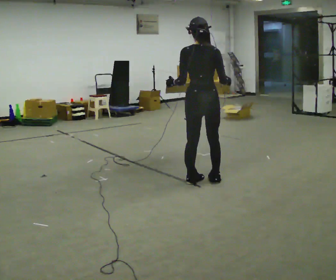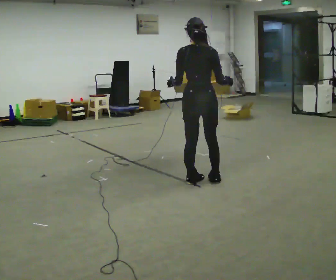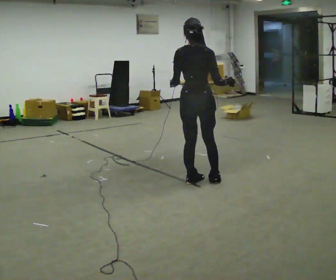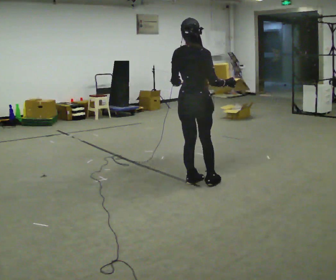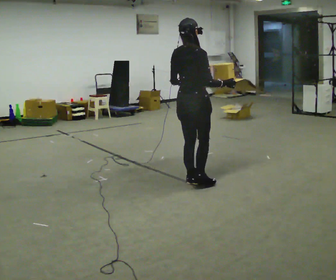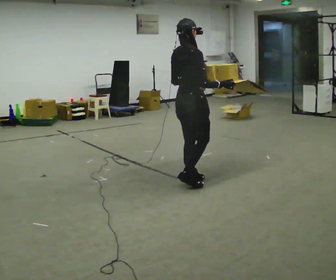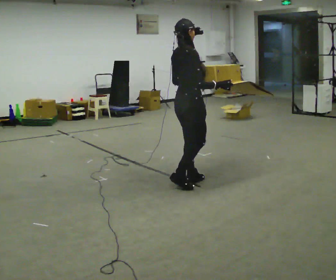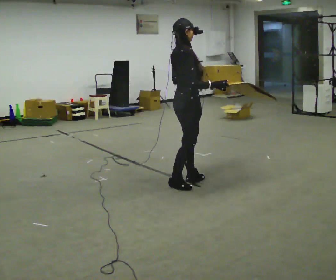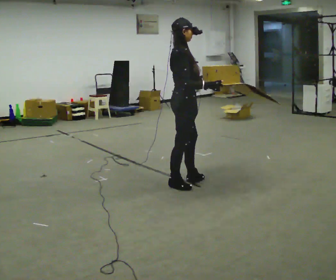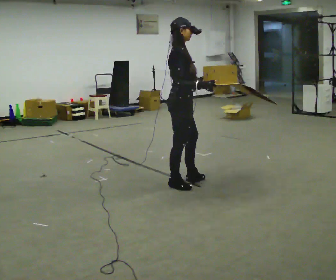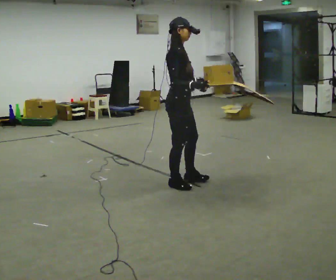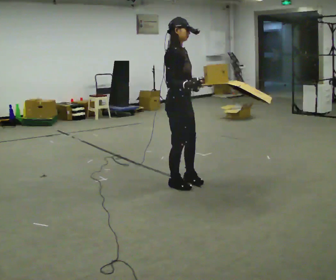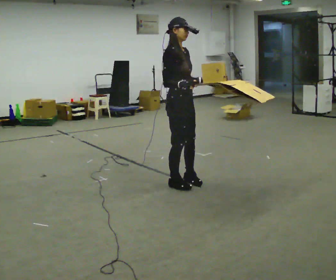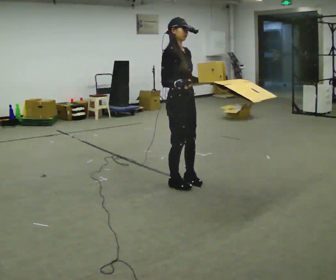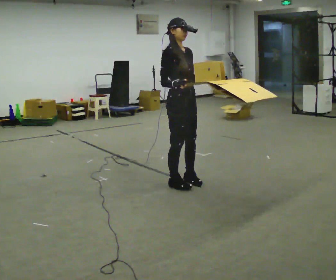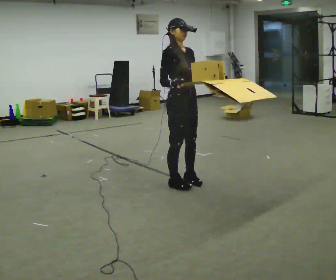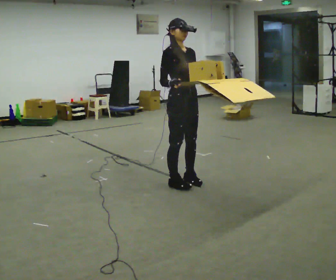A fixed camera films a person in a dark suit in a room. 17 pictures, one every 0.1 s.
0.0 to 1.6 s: The part of the body nearest the lens slides to the left as the person turns to their right by about 135 degrees. In the picture they go to the left, about 0.25 m in 1 step.
The film runs backward here.
